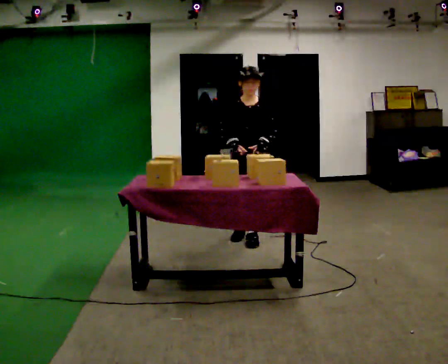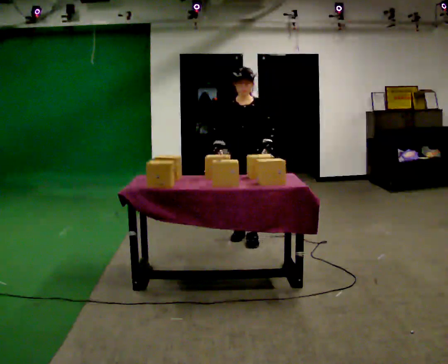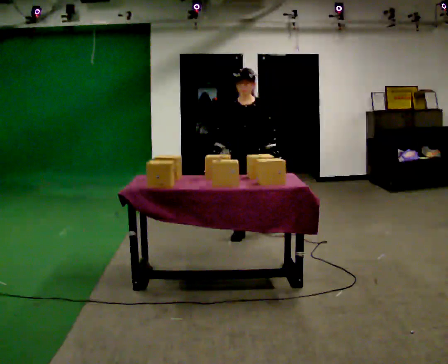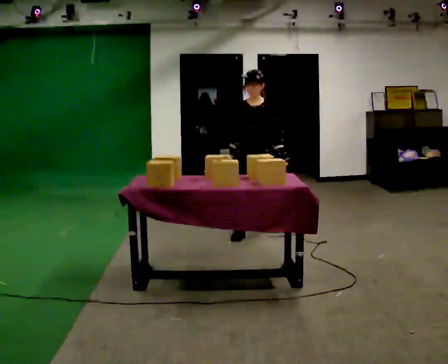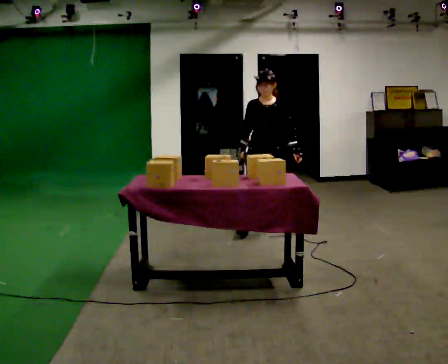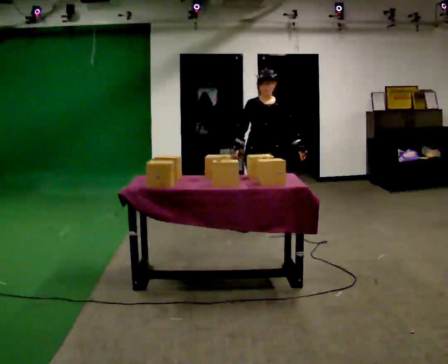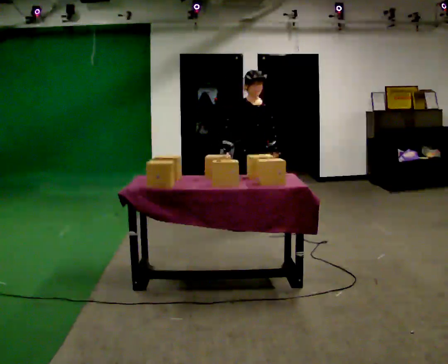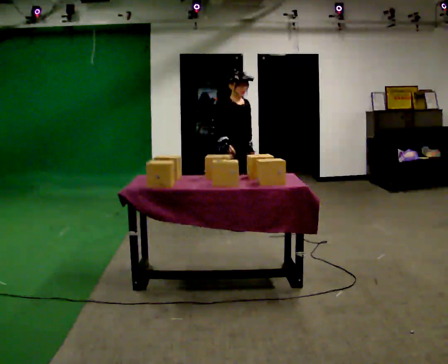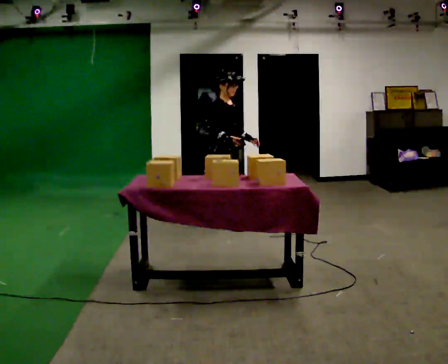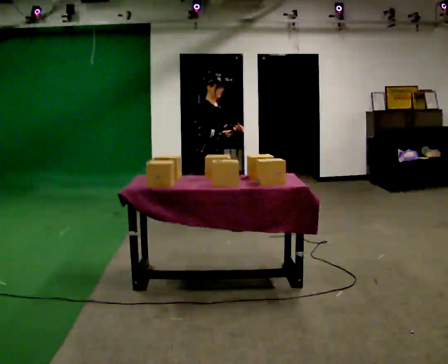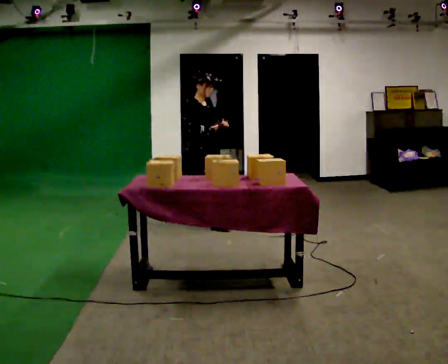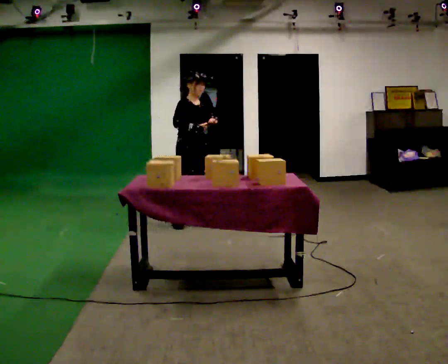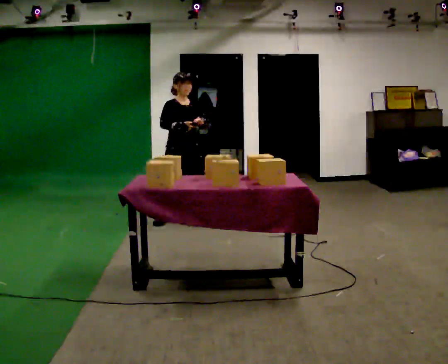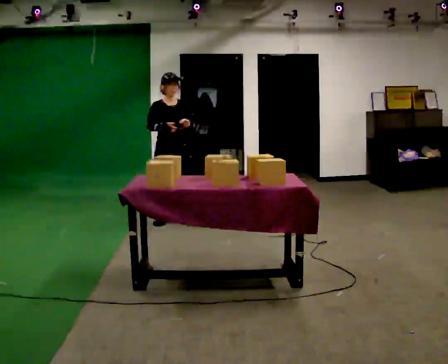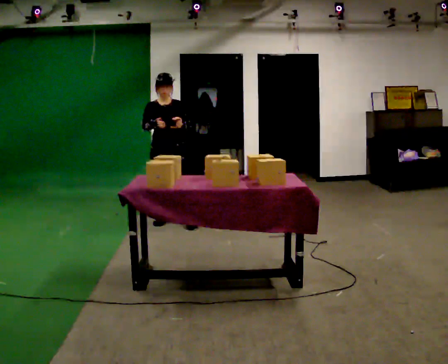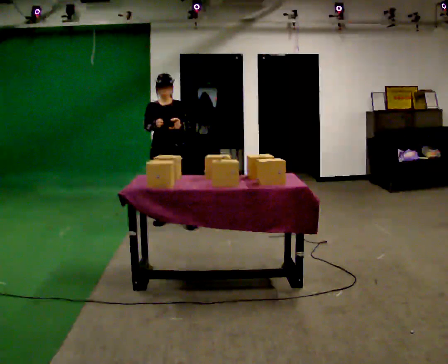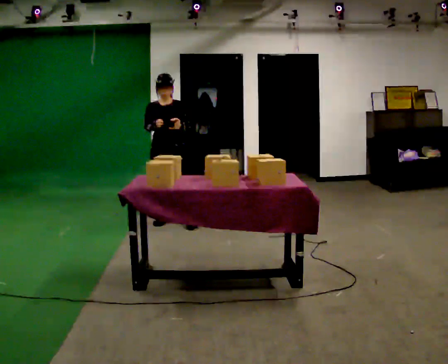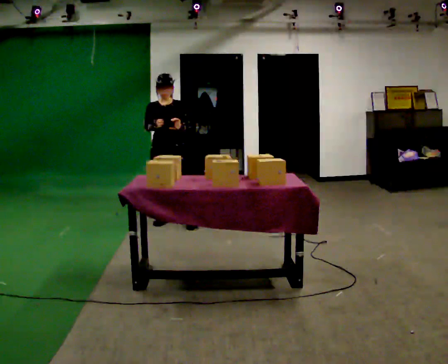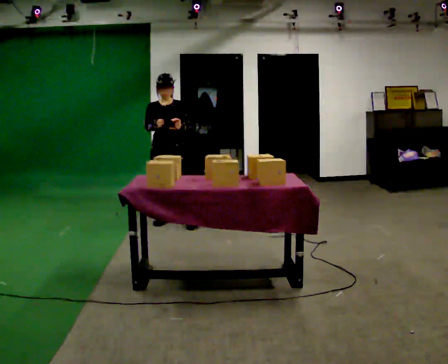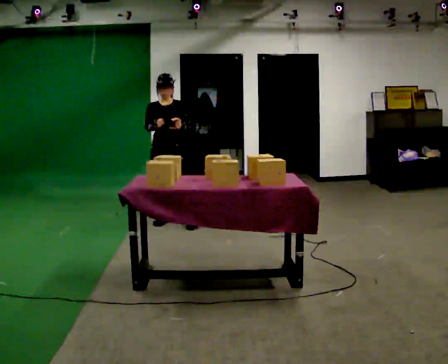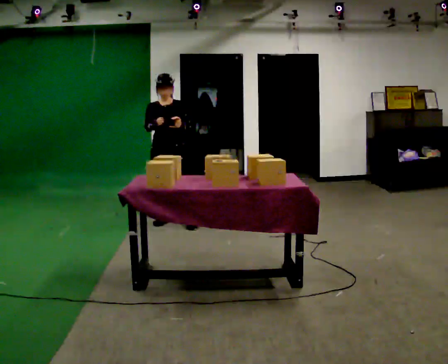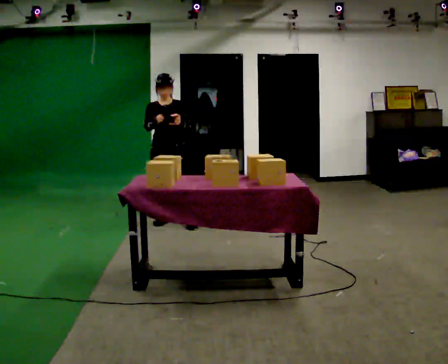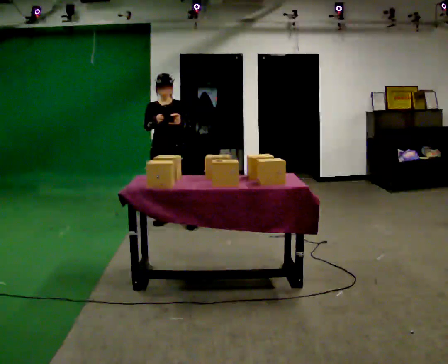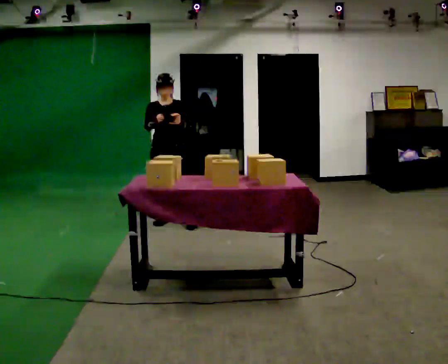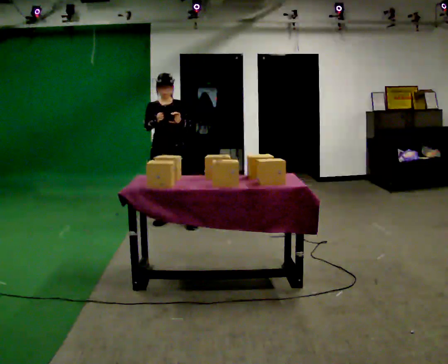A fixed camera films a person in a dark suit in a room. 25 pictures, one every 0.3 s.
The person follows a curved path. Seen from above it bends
counterclockwise.
0.0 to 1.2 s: In the picture they go away from the camera and to the right, about 0.5 m in 2 steps, which for them is backward.
1.2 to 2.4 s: The person turns about 75 degrees to their left, counterclockwise seen from above, so the part of the body nearest the lens slides to the right. In the picture they go to the left, about 0.5 m in 1 step.
2.4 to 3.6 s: The person turns about 45 degrees to their right, clockwise seen from above, so the part of the body nearest the lens slides to the left. In the picture they go to the left and away from the camera, about 0.5 m in 1 step, which for them is backward.
3.6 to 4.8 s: Seen from above the body turns clockwise, about 30 degrees: to their right, with its near side sliding to the left. In the picture they go to the left, about 0.25 m, which for them is to their right.
4.8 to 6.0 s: The person keeps their place and pose.
6.0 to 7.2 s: The person moves a little, or ends about where they began.
The film runs backward here.
